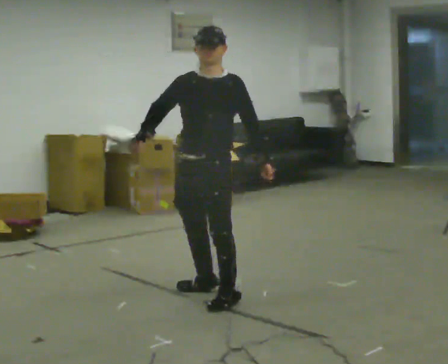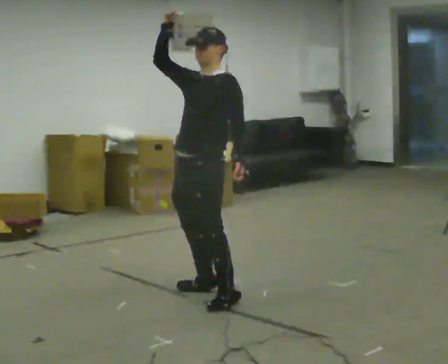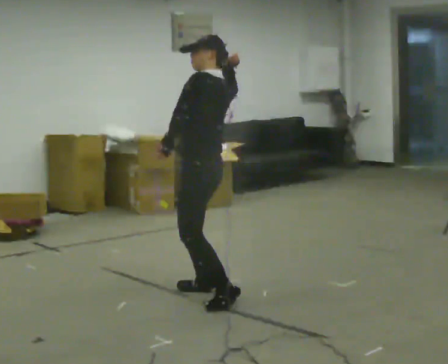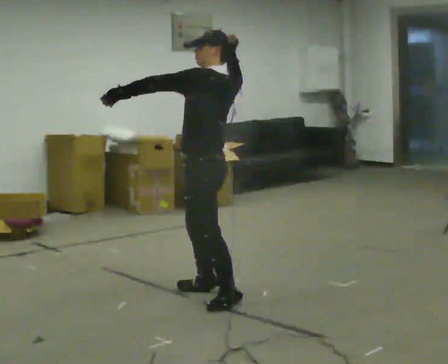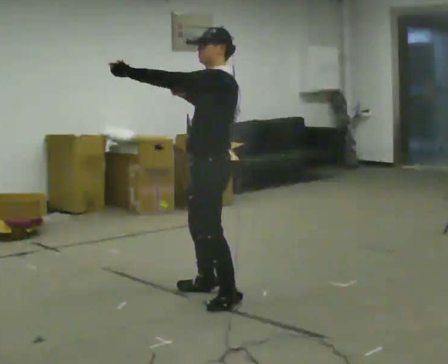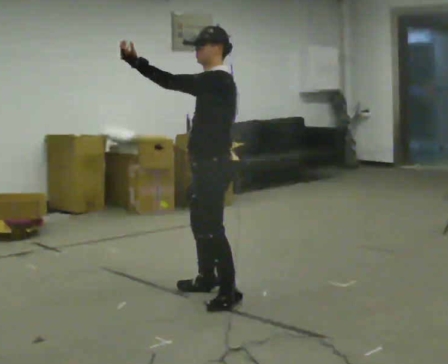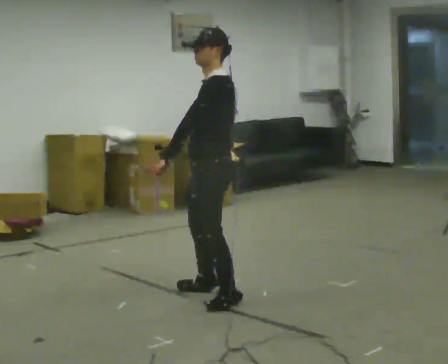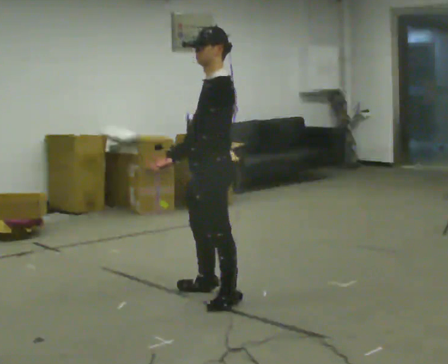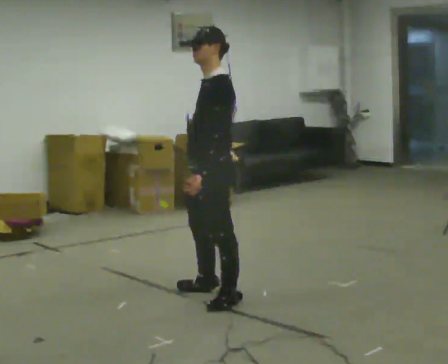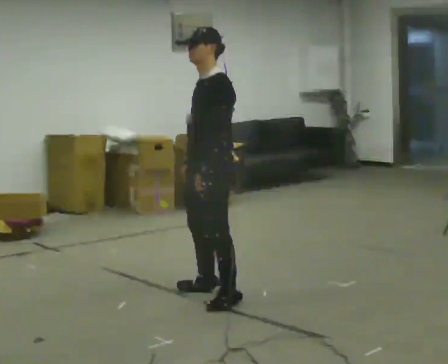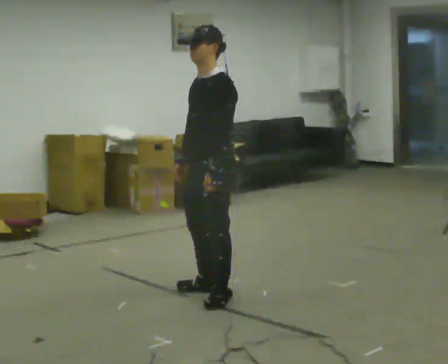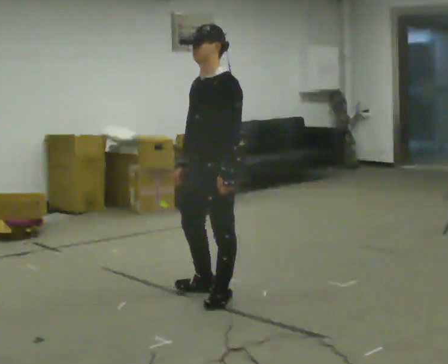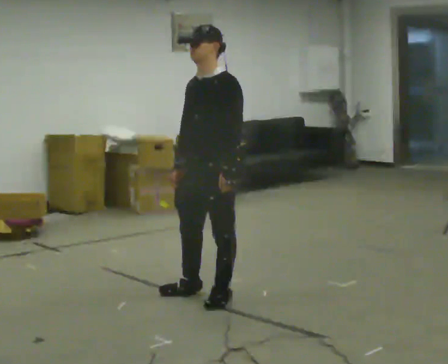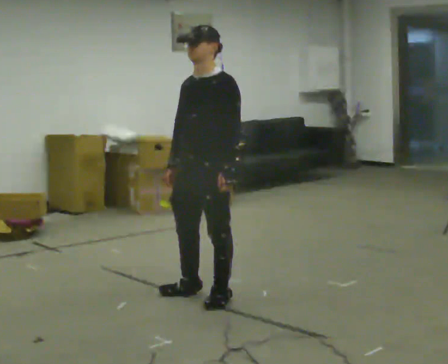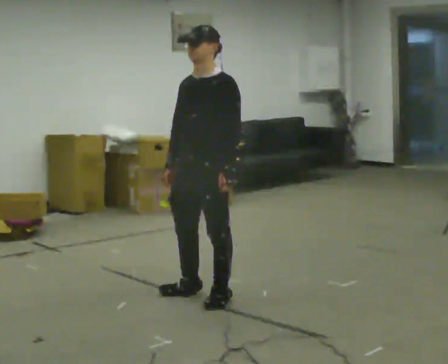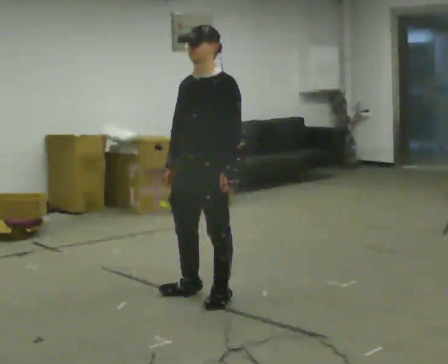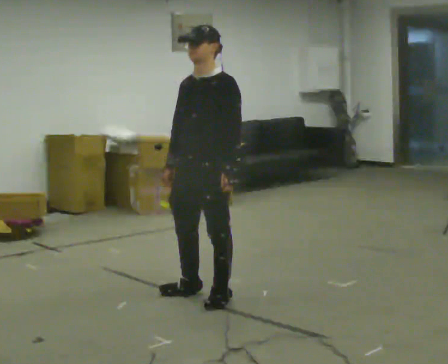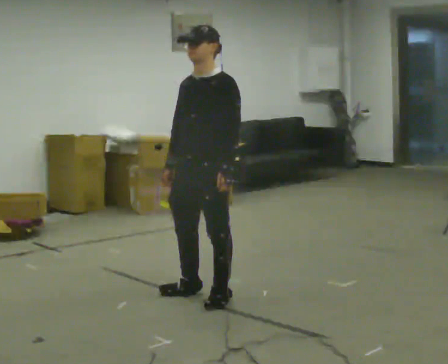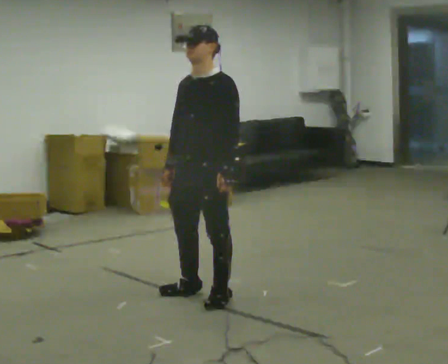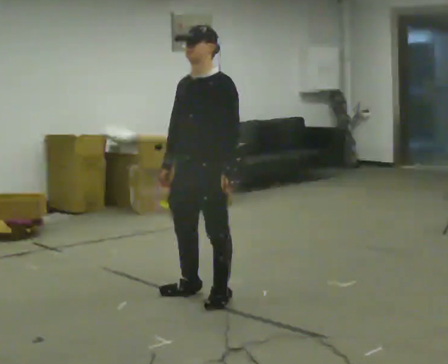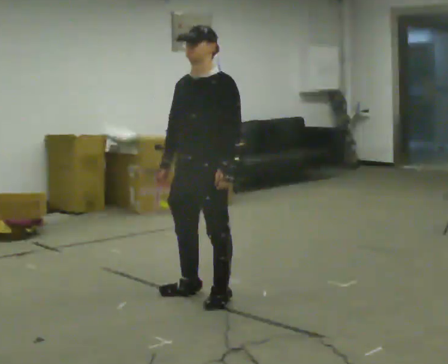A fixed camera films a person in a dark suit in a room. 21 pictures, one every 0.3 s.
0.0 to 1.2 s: The person turns about 90 degrees to their right, clockwise seen from above, so the part of the body nearest the lens slides to the left. In the picture their left hand goes to the left and upward, the arm swinging clockwise.
1.2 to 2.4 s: In the picture their left hand goes downward and to the right, the arm swinging counterclockwise.
2.4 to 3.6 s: The person turns about 30 degrees to their left, counterclockwise seen from above, so the part of the body nearest the lens slides to the right.
3.6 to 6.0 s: The person moves a little, or ends about where they began.
The film runs backward here.
